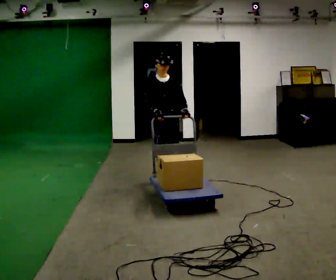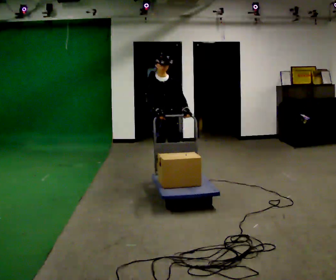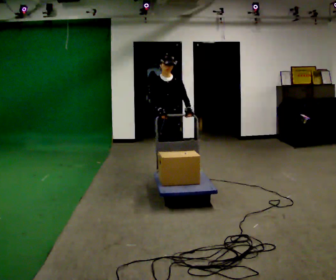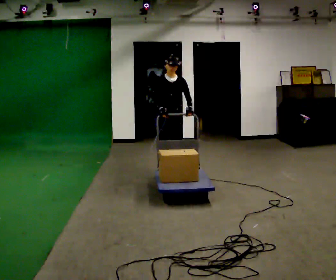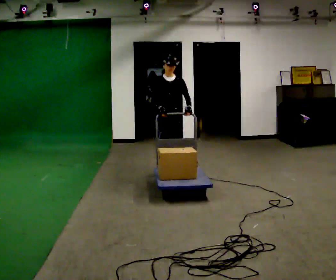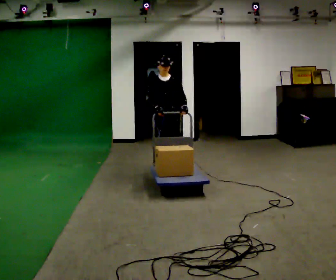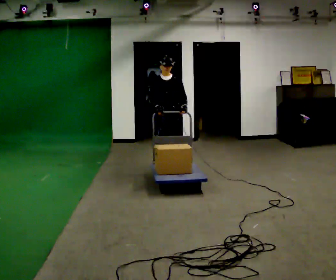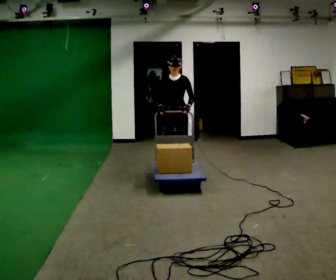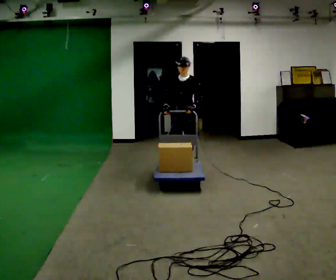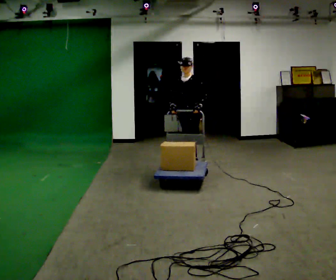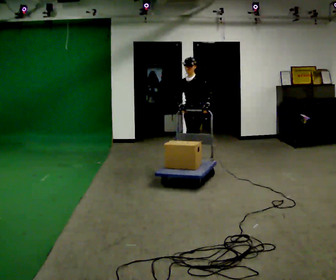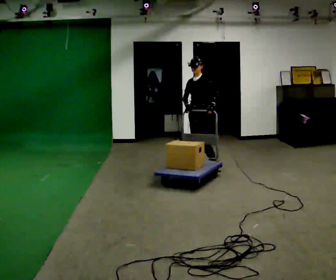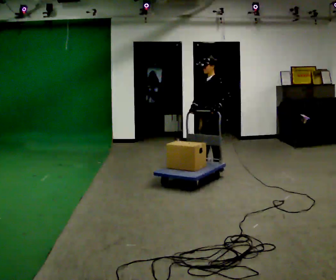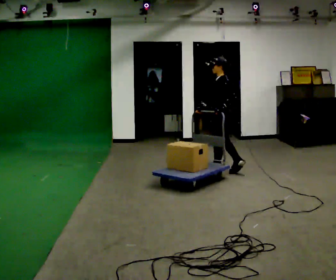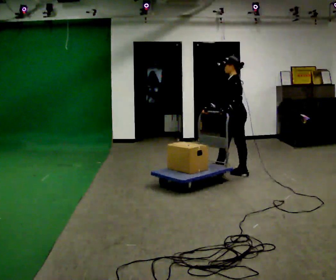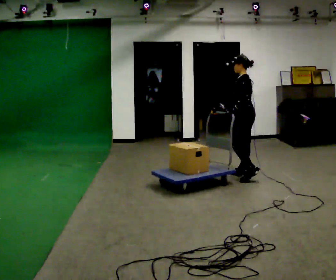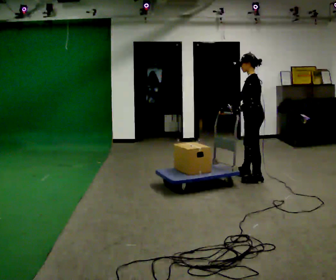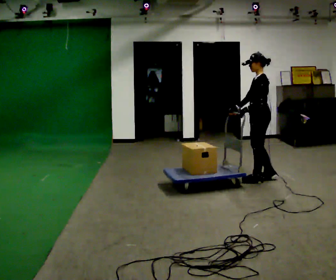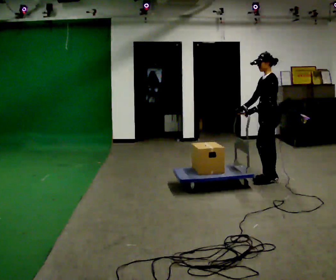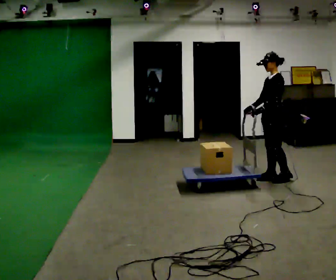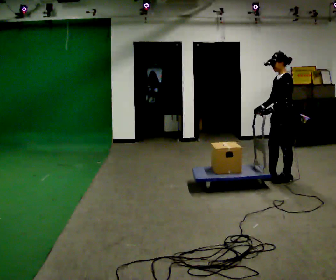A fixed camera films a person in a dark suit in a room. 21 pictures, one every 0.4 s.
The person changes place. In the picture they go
to the right.
0.0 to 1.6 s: In the picture they go away from the camera, about 0.25 m in 2 steps, which for them is backward.
1.6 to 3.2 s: The part of the body nearest the lens slides to the left as the person turns to their right by about 30 degrees. In the picture they go away from the camera and to the right, about 0.25 m in 2 steps, which for them is backward and to their left.
3.2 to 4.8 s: Seen from above the body turns clockwise, about 60 degrees: to their right, with its near side sliding to the left. In the picture they go to the right, about 0.5 m in 2 steps, which for them is to their left and backward.
4.8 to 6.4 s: The person turns about 30 degrees to their right, clockwise seen from above, so the part of the body nearest the lens slides to the left. In the picture they go toward the camera and to the right, about 0.5 m in 2 steps, which for them is backward and to their left.
6.4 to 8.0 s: Seen from above the body turns counterclockwise, about 30 degrees: to their left, with its near side sliding to the right. In the picture they go to the right, about 0.25 m in 1 step, which for them is backward and to their left.
The film runs backward here.
